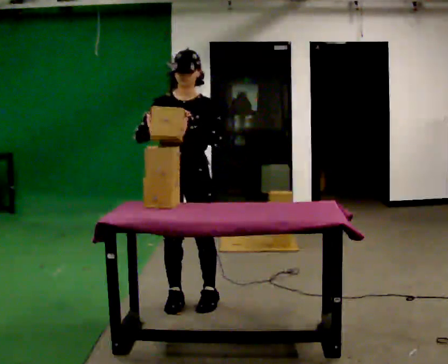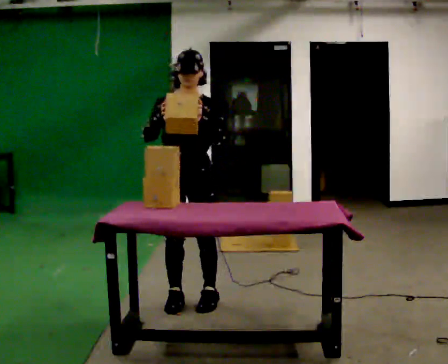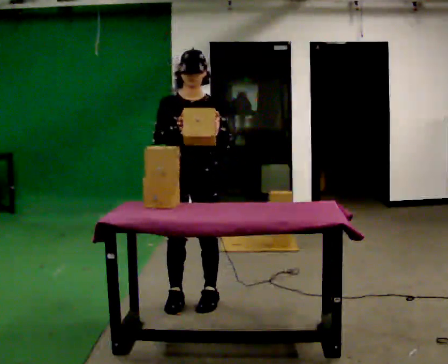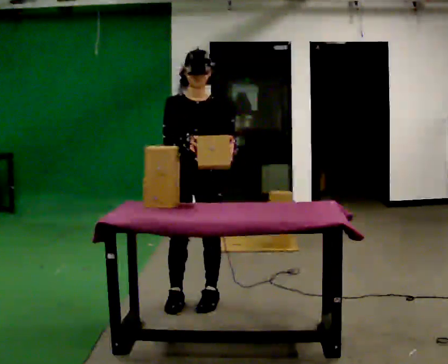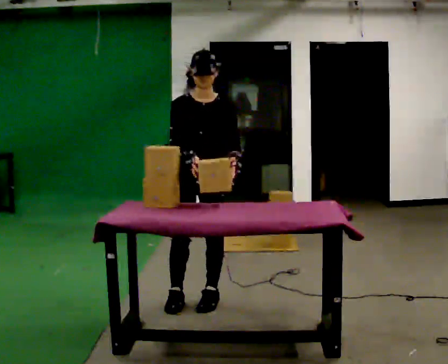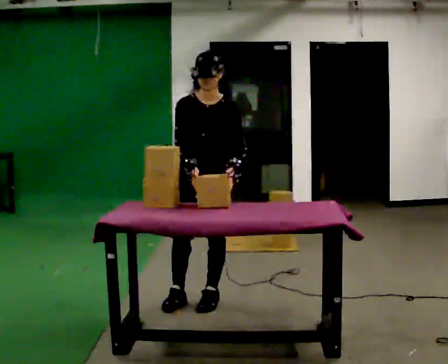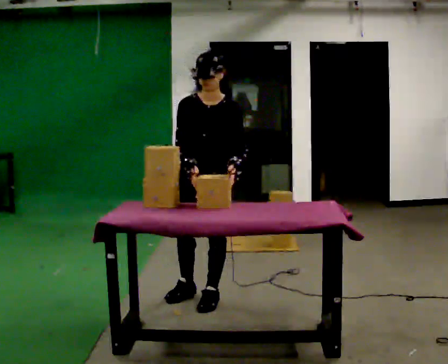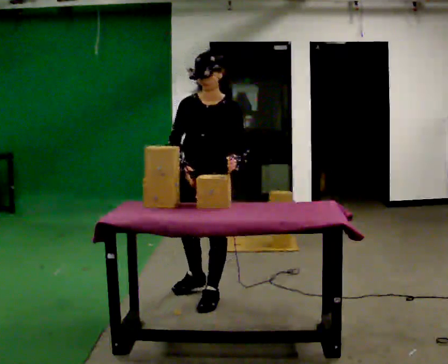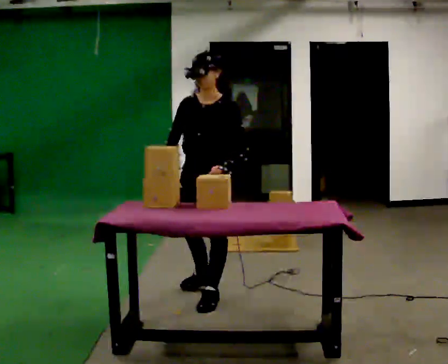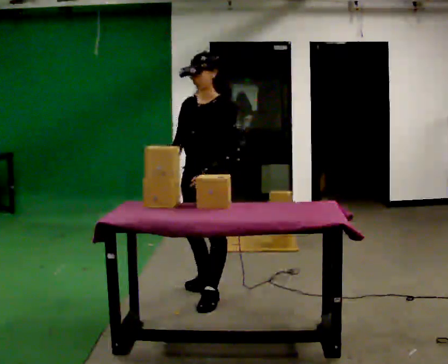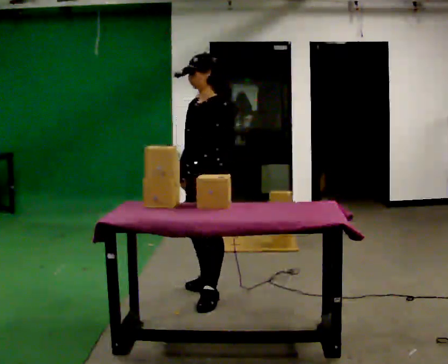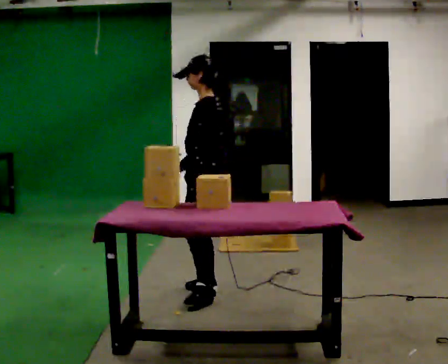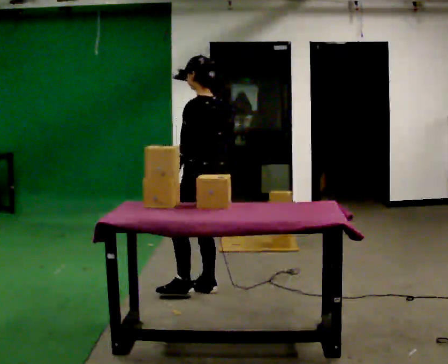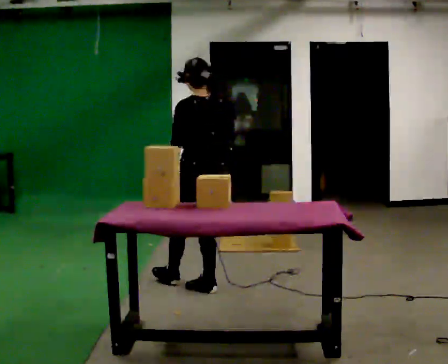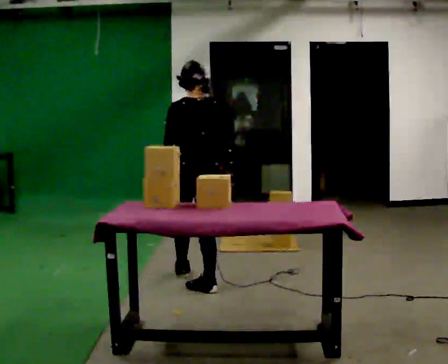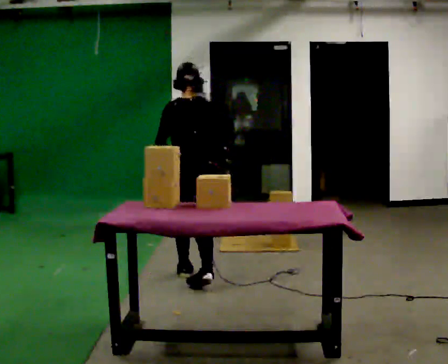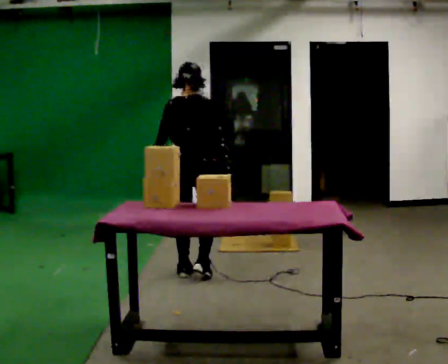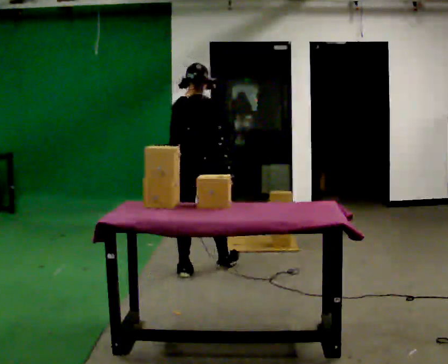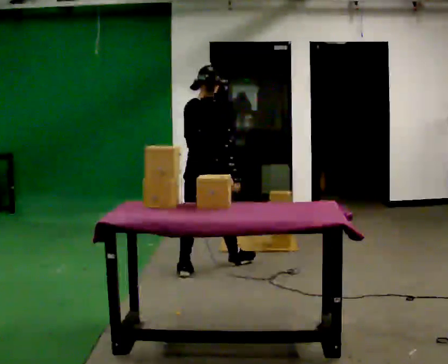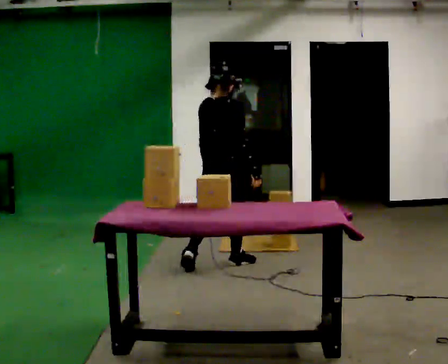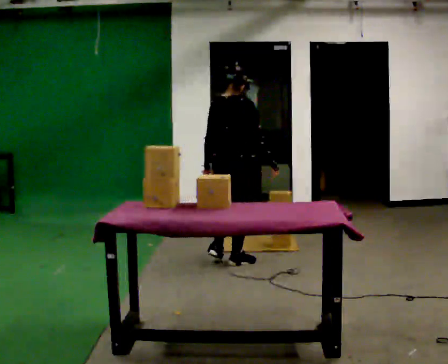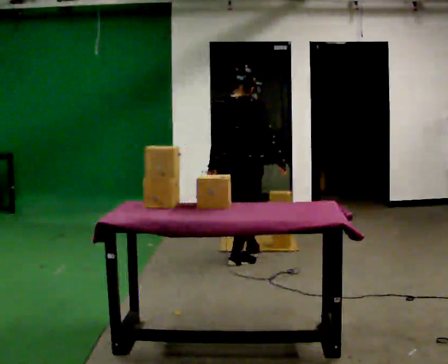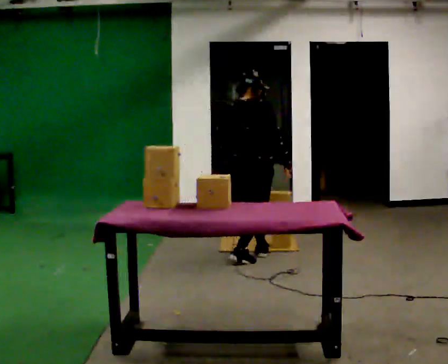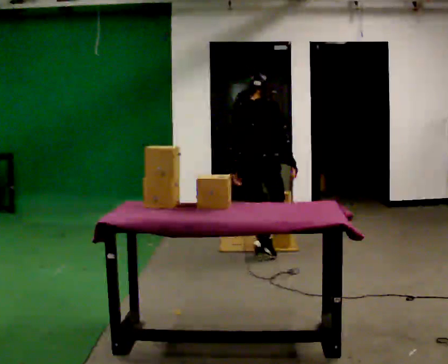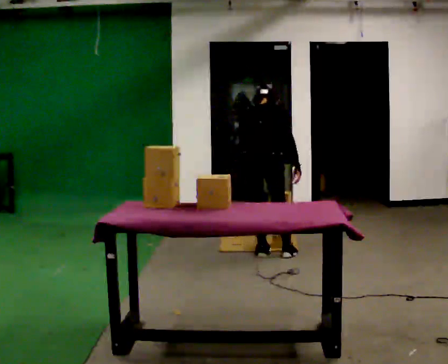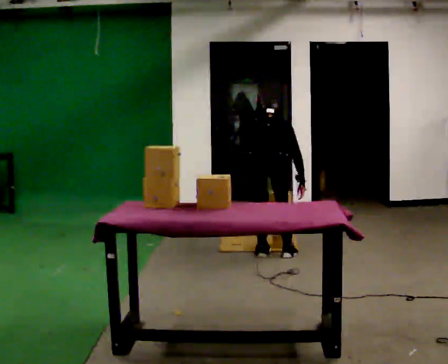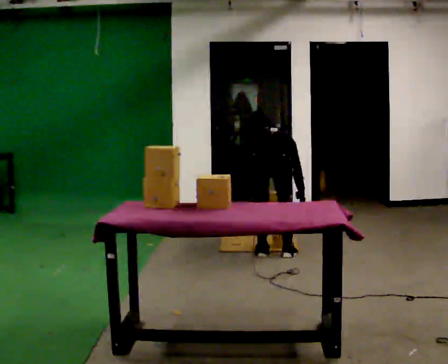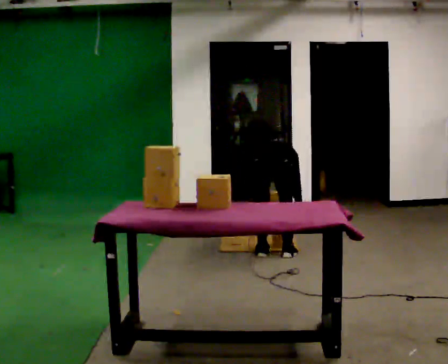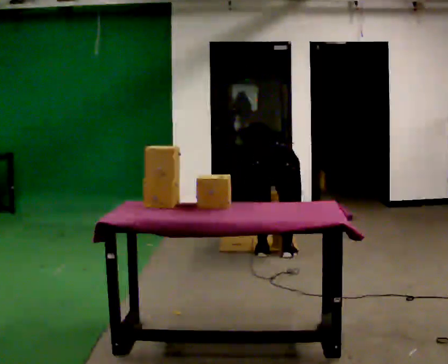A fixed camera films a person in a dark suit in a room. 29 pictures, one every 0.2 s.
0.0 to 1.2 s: The upper body tips toward the camera, its near side rolling downward, as they bend forward.
1.2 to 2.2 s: The part of the body nearest the lens slides to the left as the person turns to their right by about 75 degrees. In the picture they go away from the camera, about 0.25 m in 1 step.
2.2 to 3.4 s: The person turns about 105 degrees to their right, clockwise seen from above, so the part of the body nearest the lens slides to the left. In the picture they go away from the camera, about 0.5 m in 1 step.
3.4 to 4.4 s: In the picture they go to the right and away from the camera, about 0.5 m in 2 steps, which for them is forward.
4.4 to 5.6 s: The person turns about 30 degrees to their left, counterclockwise seen from above, so the part of the body nearest the lens slides to the right. In the picture they go to the right, about 0.25 m in 1 step, which for them is to their right. The shoulders move downward. The upper body tips away from the camera, its near side rolling upward, as they bend forward. In the picture their right hand goes downward.
The film runs forward here.
